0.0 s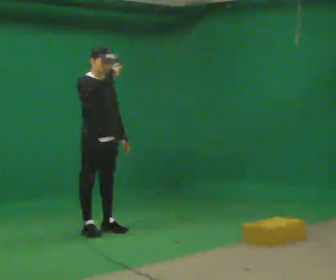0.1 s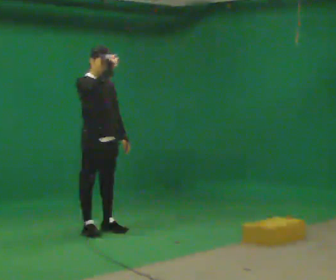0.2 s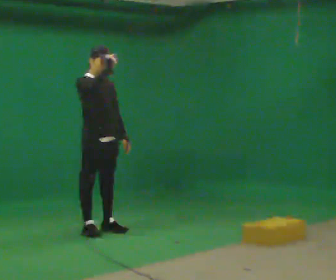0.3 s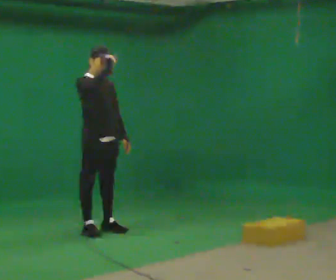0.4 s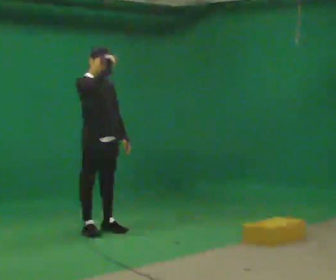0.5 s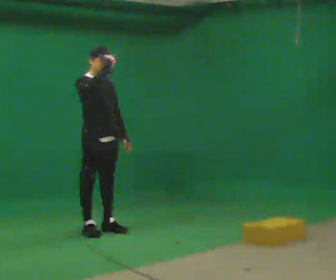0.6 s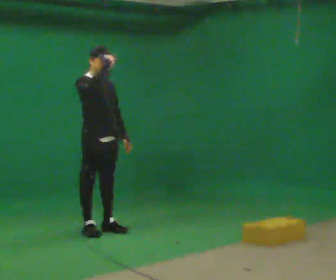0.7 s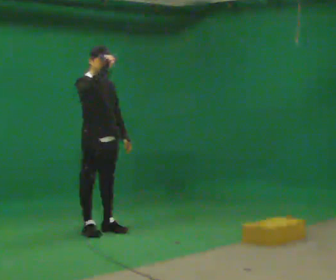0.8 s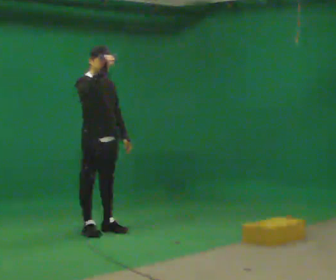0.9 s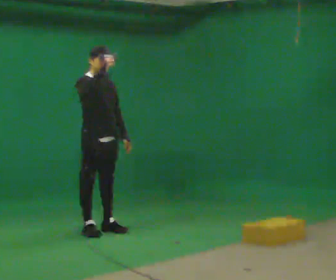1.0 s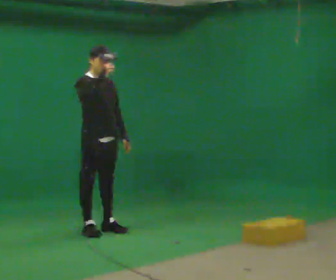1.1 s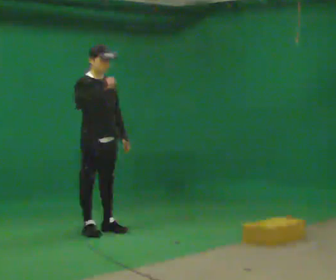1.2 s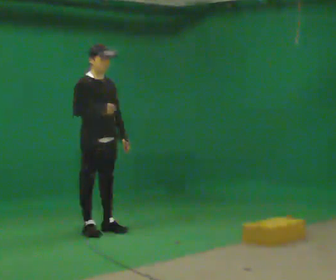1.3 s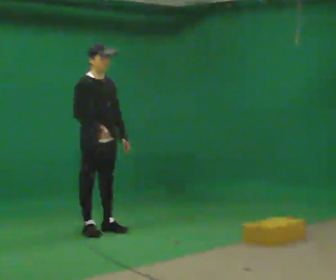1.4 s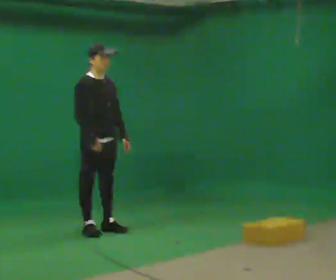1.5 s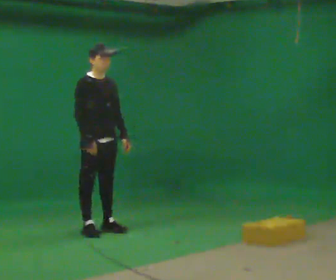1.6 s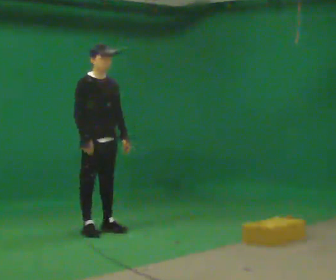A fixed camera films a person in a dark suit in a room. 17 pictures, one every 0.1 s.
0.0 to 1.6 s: In the picture their right hand goes downward.
The film runs backward here.
